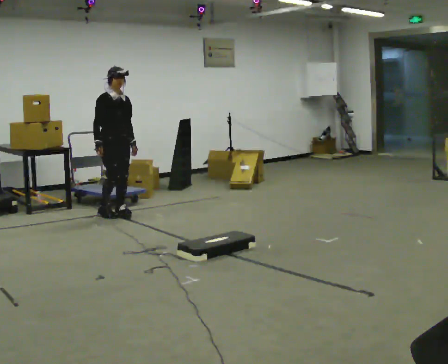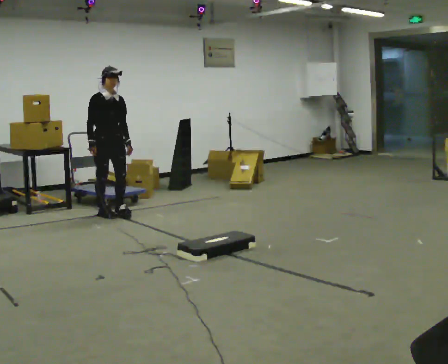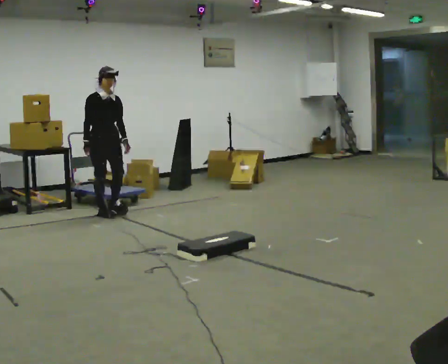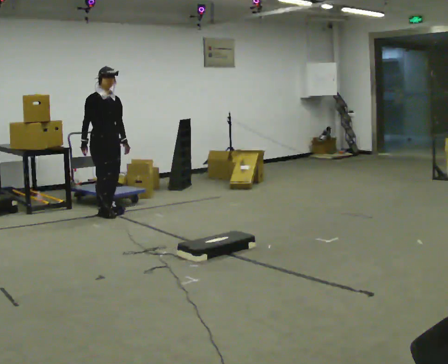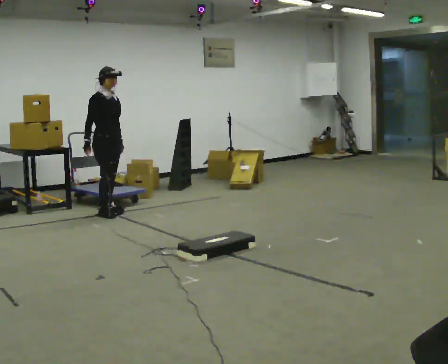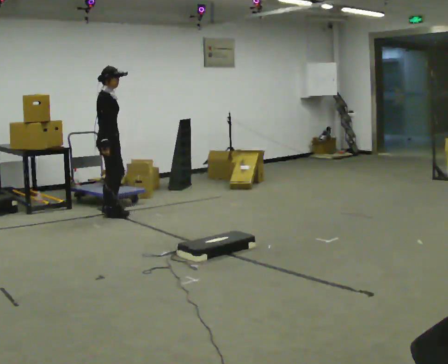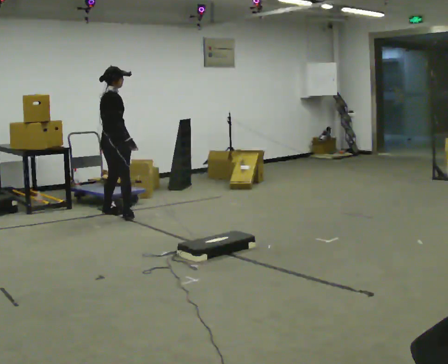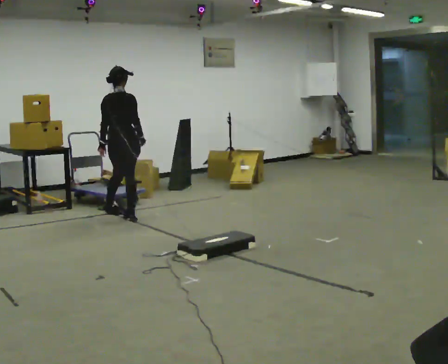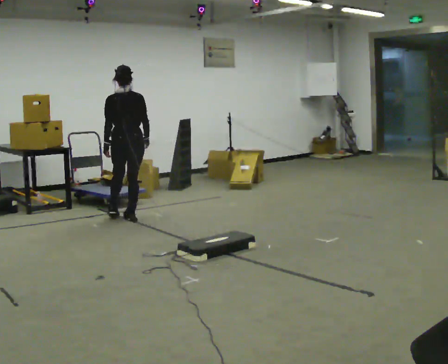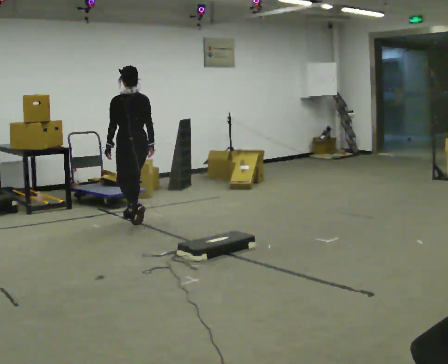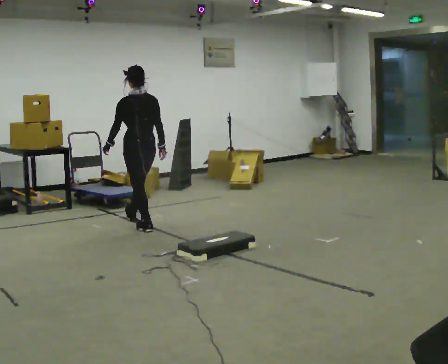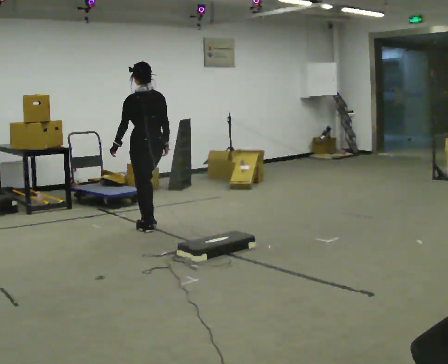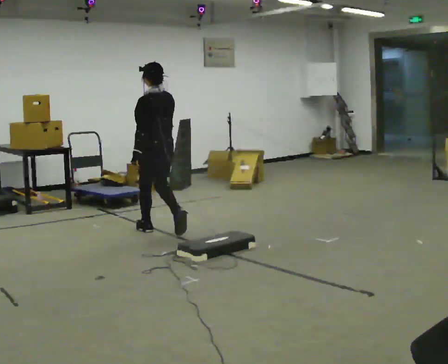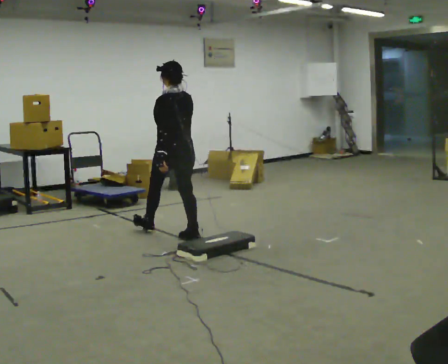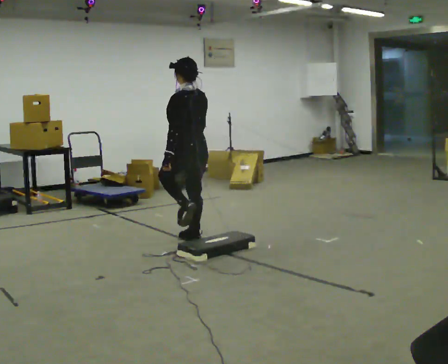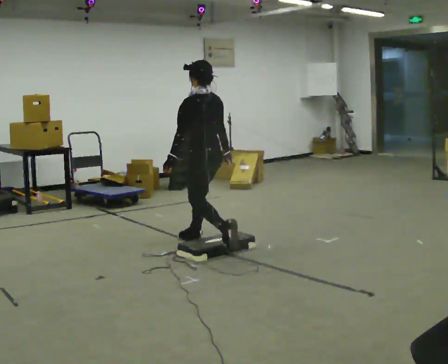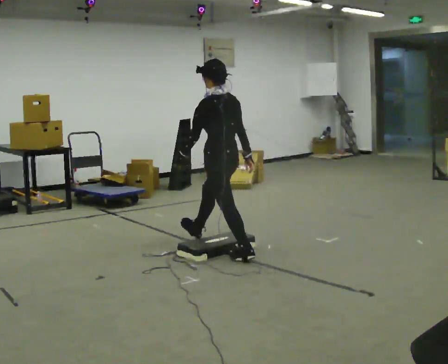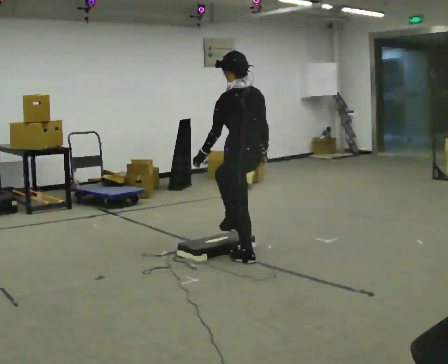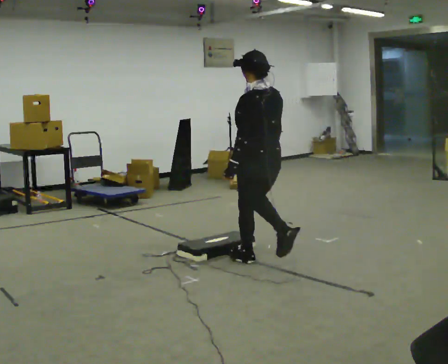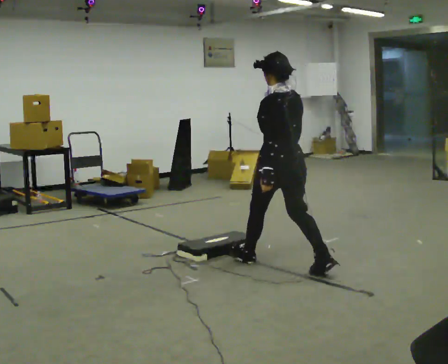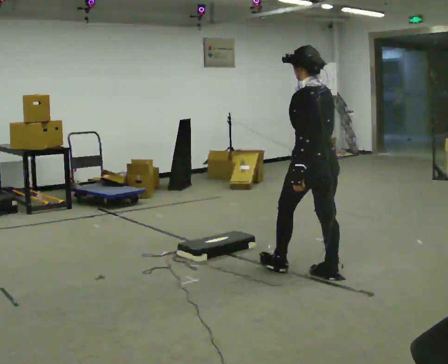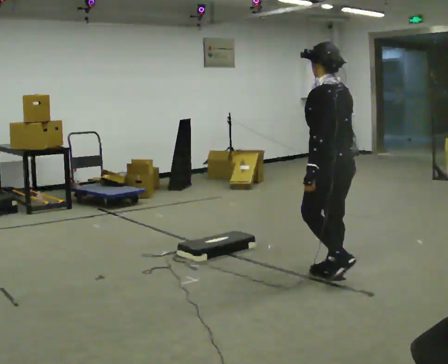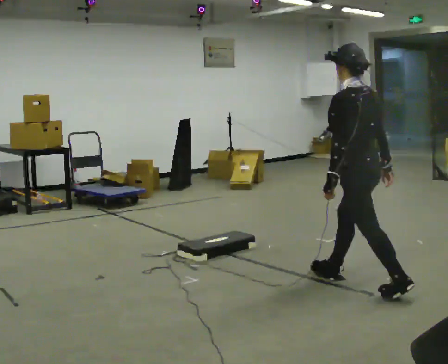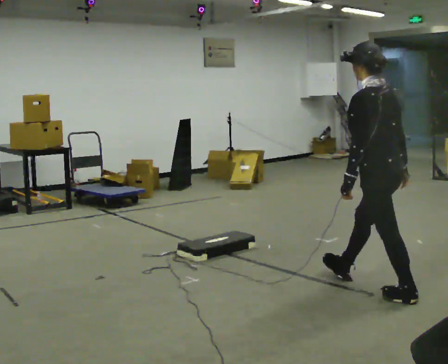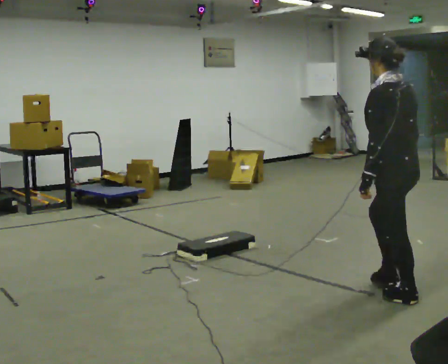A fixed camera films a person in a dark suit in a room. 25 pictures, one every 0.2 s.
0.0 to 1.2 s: The person turns about 75 degrees to their left, counterclockwise seen from above, so the part of the body nearest the lens slides to the right.
1.2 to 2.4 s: The person turns about 105 degrees to their left, counterclockwise seen from above, so the part of the body nearest the lens slides to the right. In the picture they go toward the camera and to the right, about 1 m in 2 steps.
2.4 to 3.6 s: In the picture they go toward the camera and to the right, about 1.5 m in 2 steps, which for them is backward.
3.6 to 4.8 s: In the picture they go toward the camera and to the right, about 1 m in 2 steps, which for them is backward.
The film runs backward here.
